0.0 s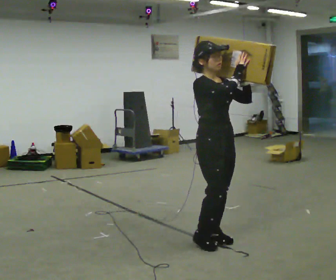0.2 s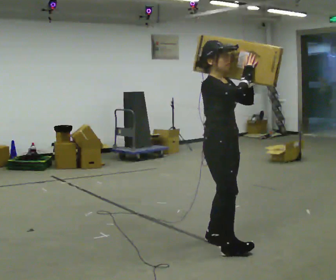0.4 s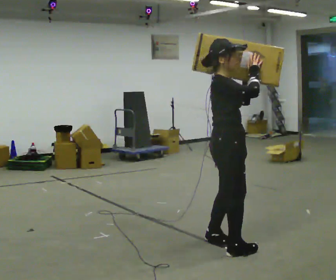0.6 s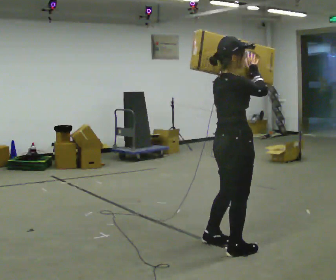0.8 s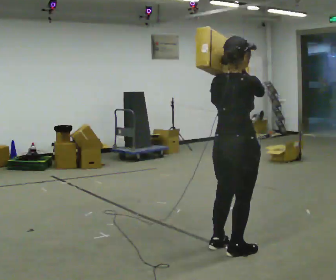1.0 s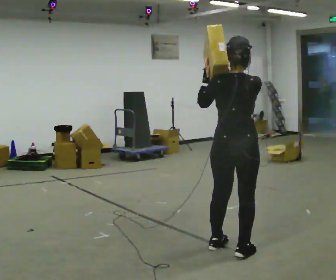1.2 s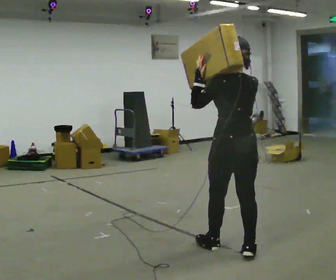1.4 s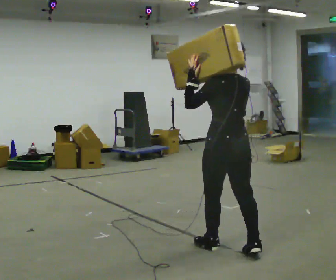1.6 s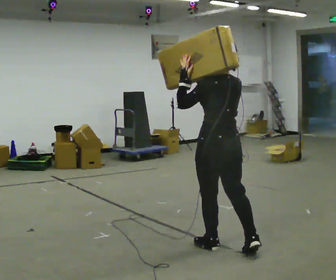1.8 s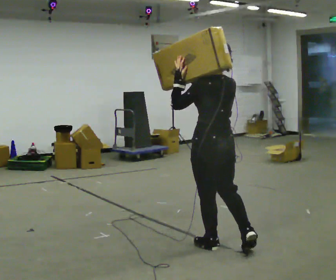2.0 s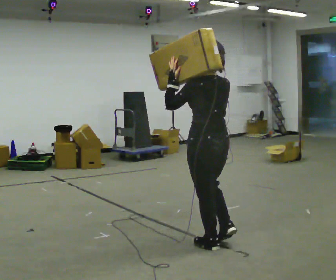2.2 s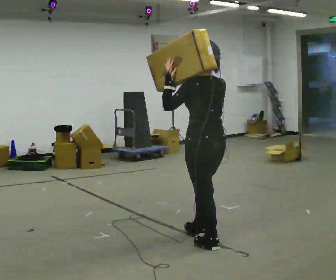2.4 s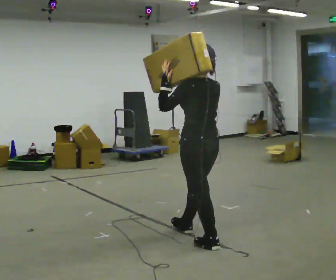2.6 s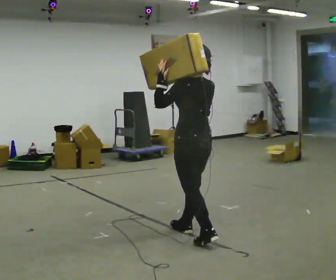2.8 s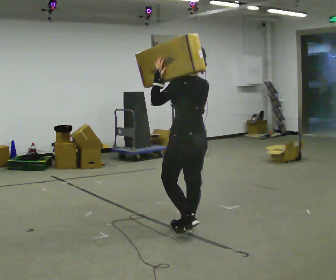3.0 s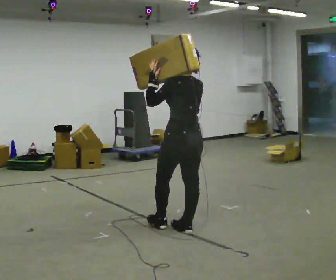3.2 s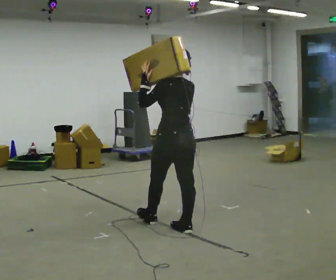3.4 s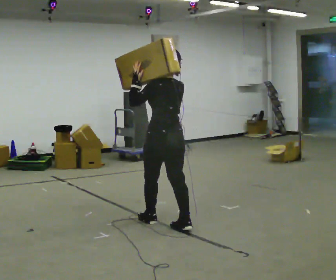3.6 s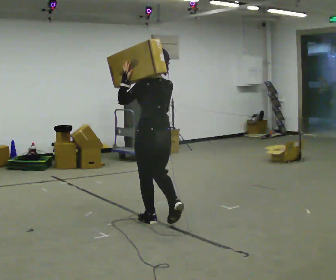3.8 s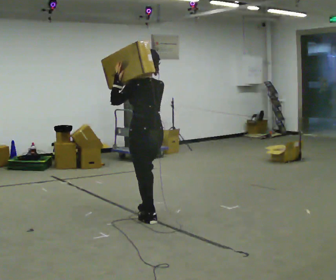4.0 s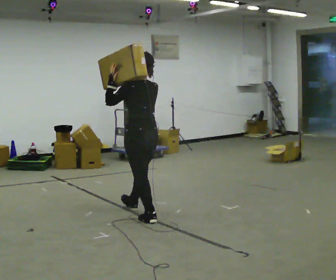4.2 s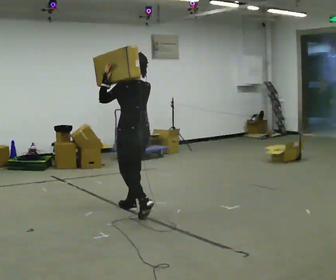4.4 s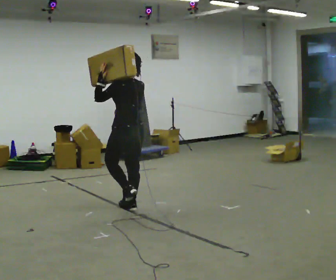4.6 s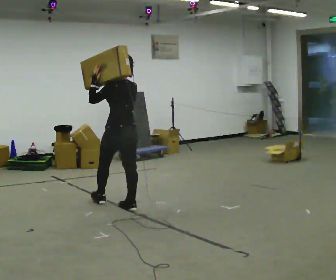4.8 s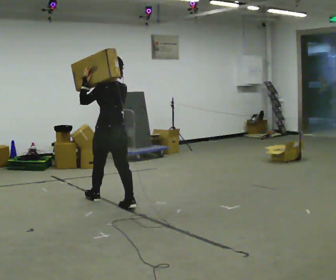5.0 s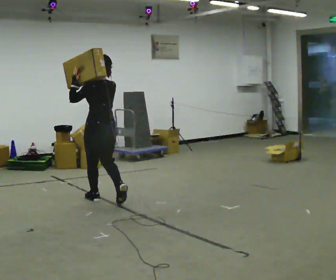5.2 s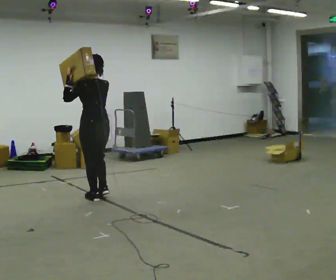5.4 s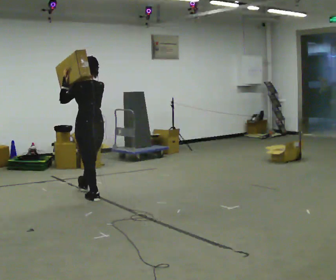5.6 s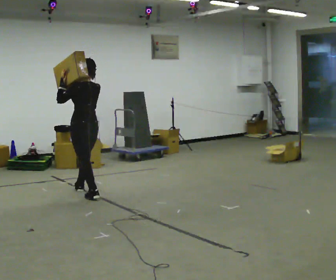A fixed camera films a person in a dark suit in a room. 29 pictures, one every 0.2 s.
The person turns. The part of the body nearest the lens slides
to the right.
The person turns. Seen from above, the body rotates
counterclockwise.
0.0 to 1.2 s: The person turns about 150 degrees to their left, counterclockwise seen from above, so the part of the body nearest the lens slides to the right. In the picture they go toward the camera and to the right, about 0.25 m in 2 steps.
1.2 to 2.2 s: In the picture they go to the left and away from the camera, about 0.25 m, which for them is forward.
2.2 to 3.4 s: In the picture they go away from the camera and to the left, about 0.5 m in 2 steps, which for them is forward.
3.4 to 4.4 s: In the picture they go away from the camera and to the left, about 0.75 m in 1 step, which for them is forward.
4.4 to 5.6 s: In the picture they go to the left and away from the camera, about 1 m in 2 steps, which for them is forward.
The film runs forward here.
